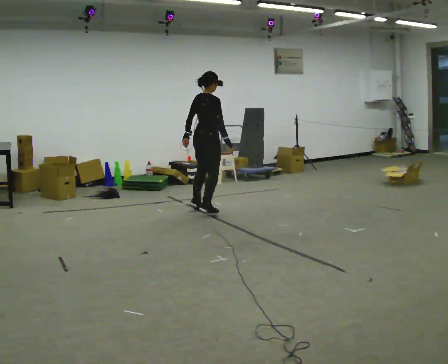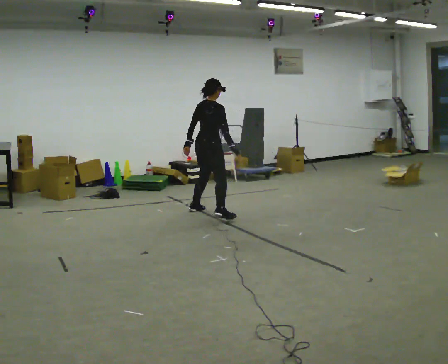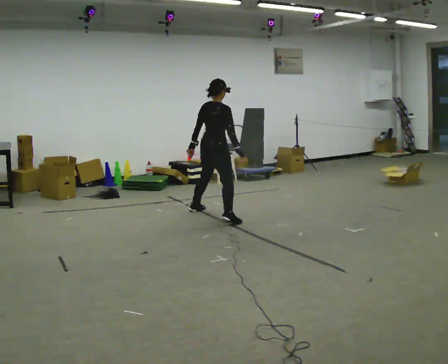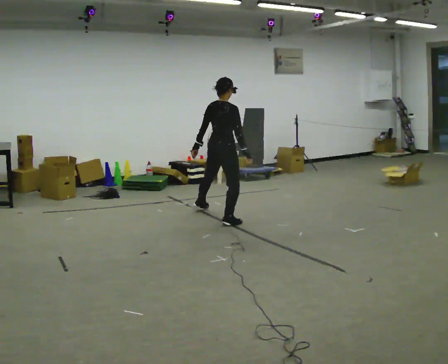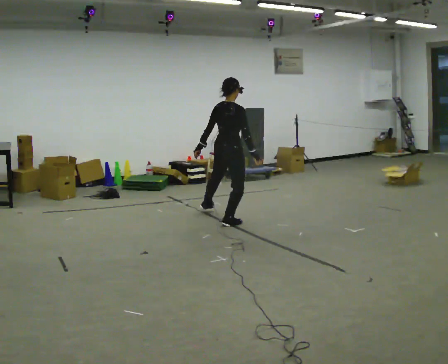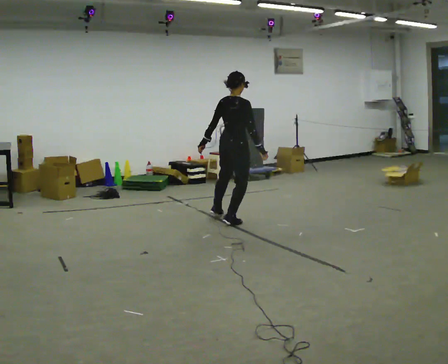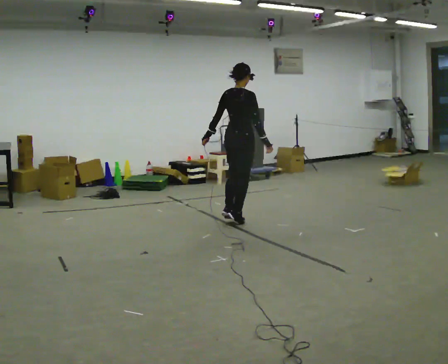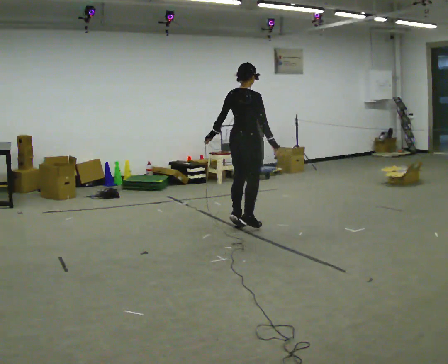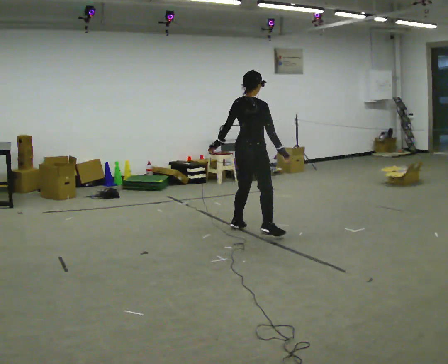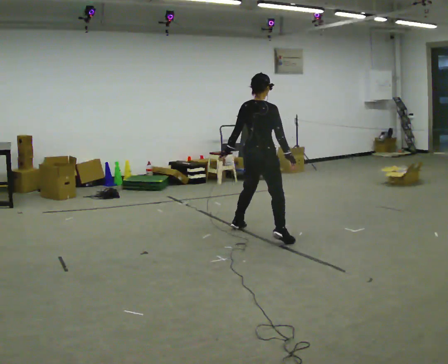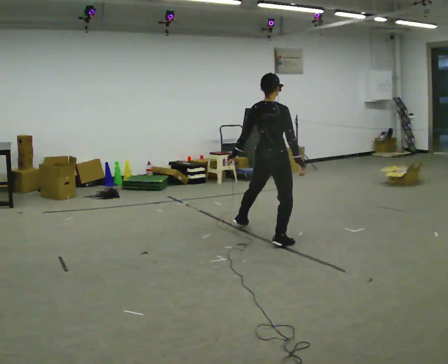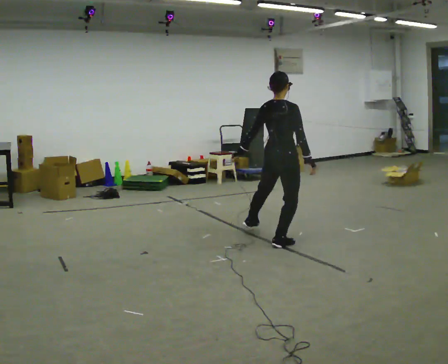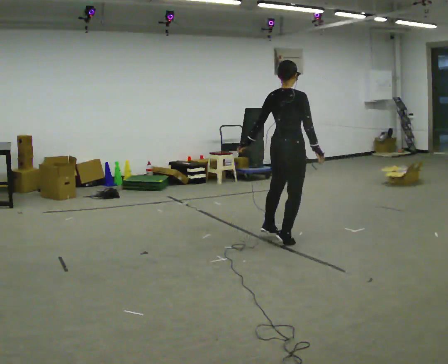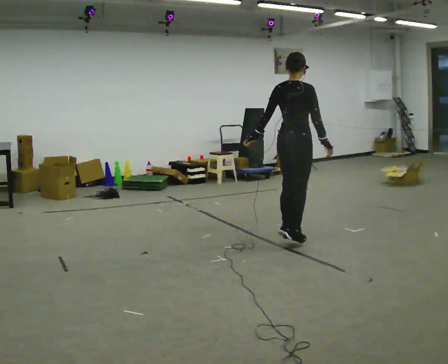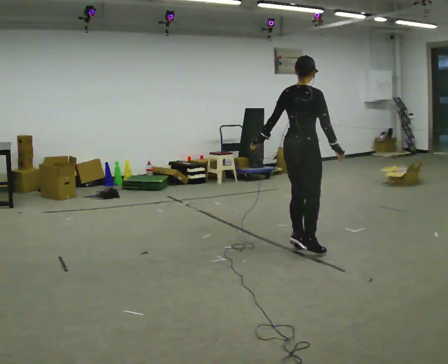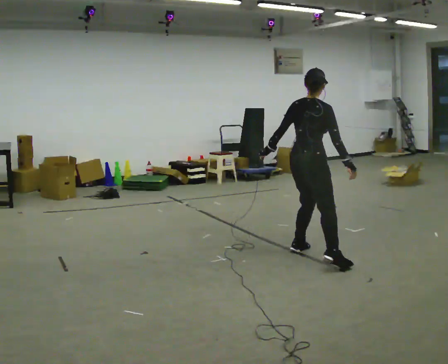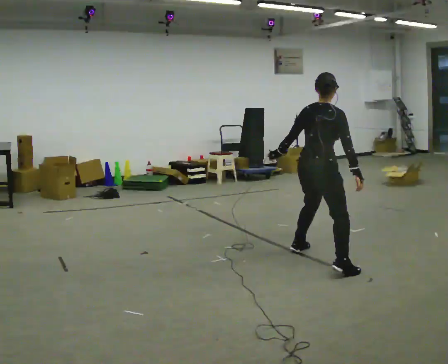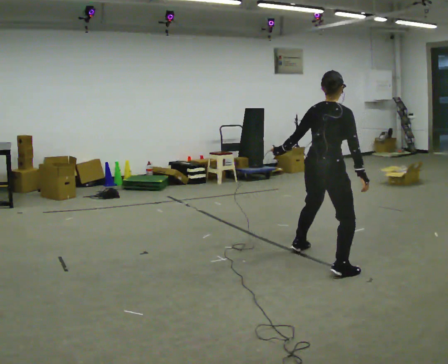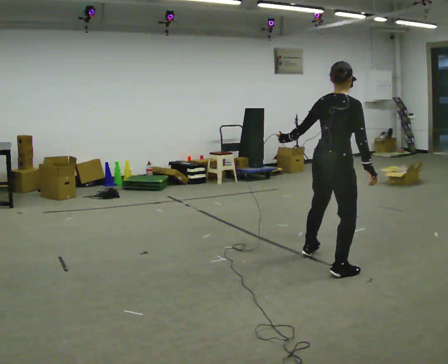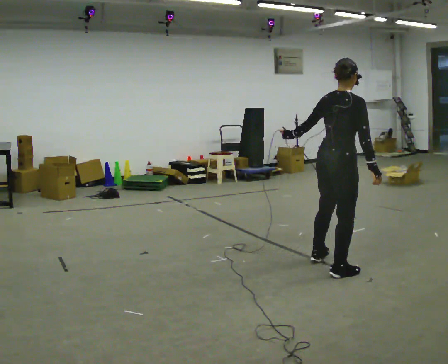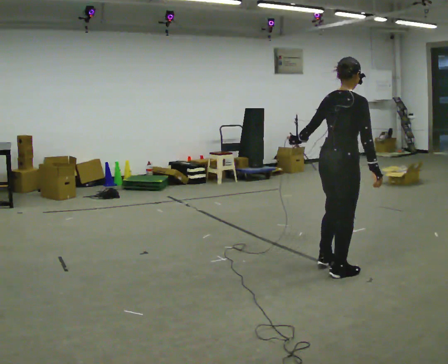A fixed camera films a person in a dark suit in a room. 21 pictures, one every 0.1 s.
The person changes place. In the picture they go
toward the camera.
0.0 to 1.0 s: In the picture they go toward the camera and to the right, about 1 m in 3 steps, which for them is to their right.
1.0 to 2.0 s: In the picture they go toward the camera and to the right, about 1 m in 2 steps, which for them is to their right.
The film runs backward here.
